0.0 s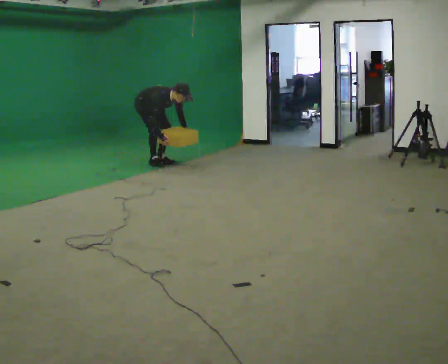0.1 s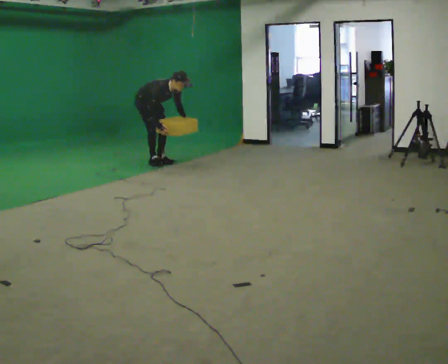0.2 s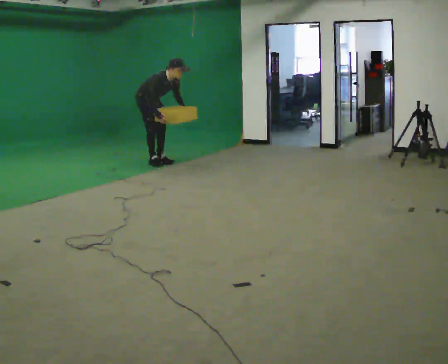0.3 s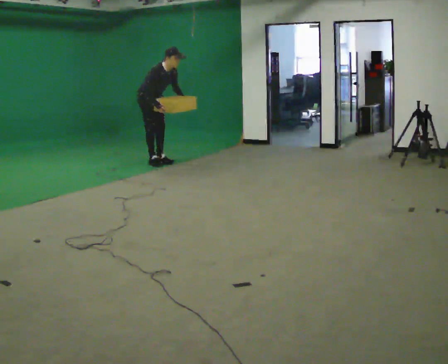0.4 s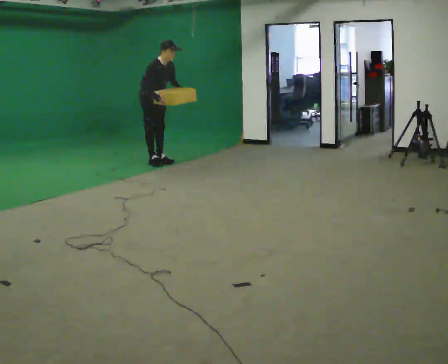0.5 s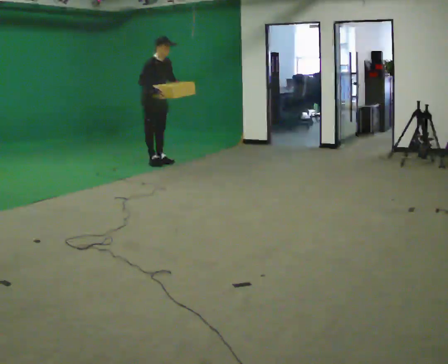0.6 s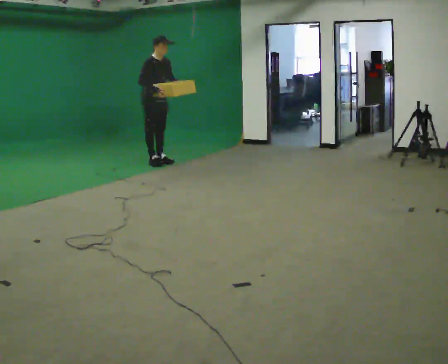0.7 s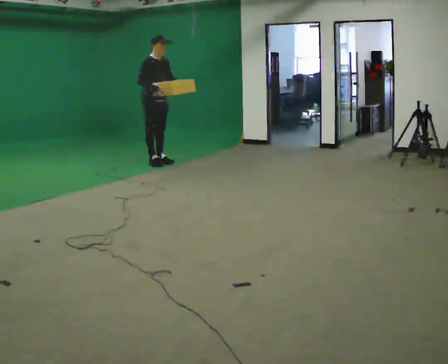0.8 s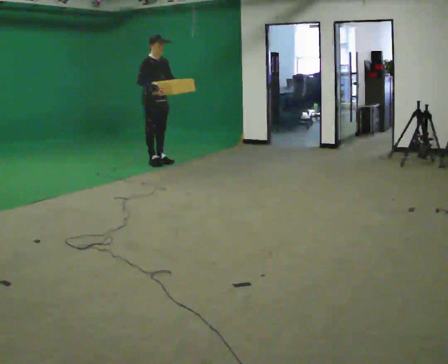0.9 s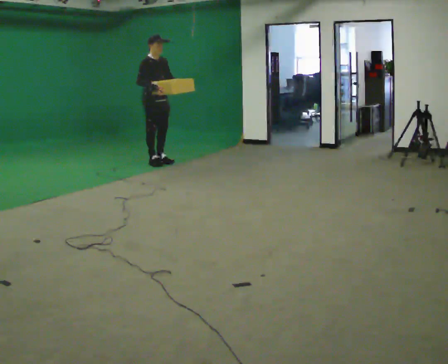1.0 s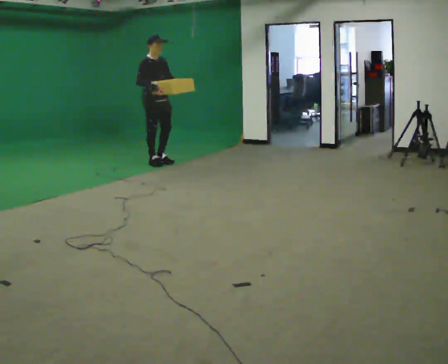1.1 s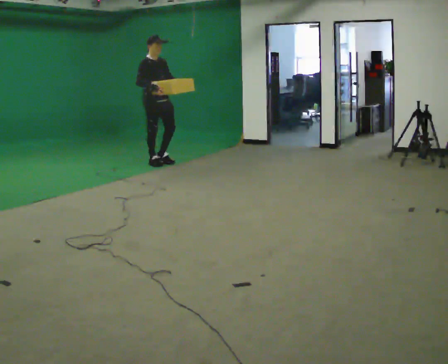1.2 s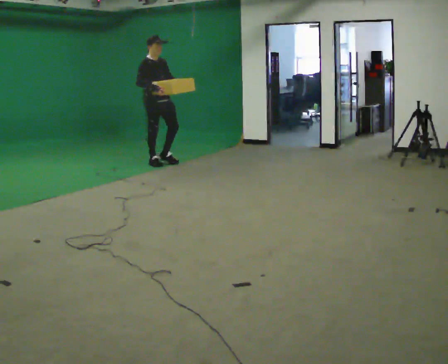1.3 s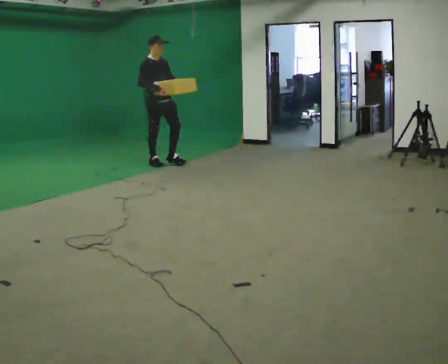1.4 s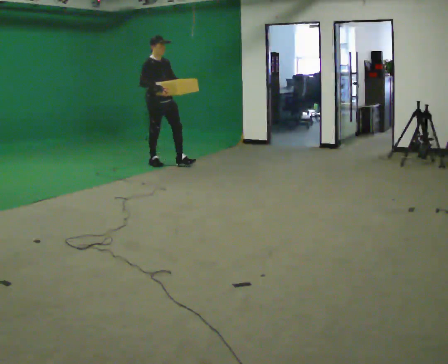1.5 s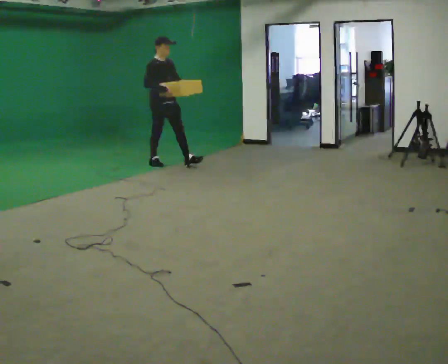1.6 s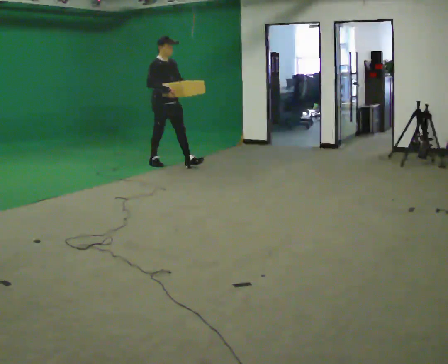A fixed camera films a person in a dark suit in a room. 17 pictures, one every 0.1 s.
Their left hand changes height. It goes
upward.
Their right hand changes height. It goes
upward.
0.0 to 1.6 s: In the picture they go toward the camera and to the right, about 0.25 m in 1 step, which for them is forward. The upper body goes upward. In the picture the upper body tilts counterclockwise, shoulders to the left, as they lean back or straighten. In the picture their right hand goes upward.
The film runs forward here.
